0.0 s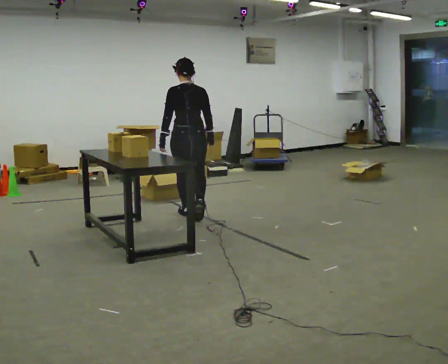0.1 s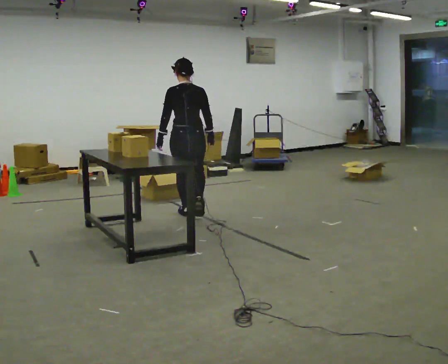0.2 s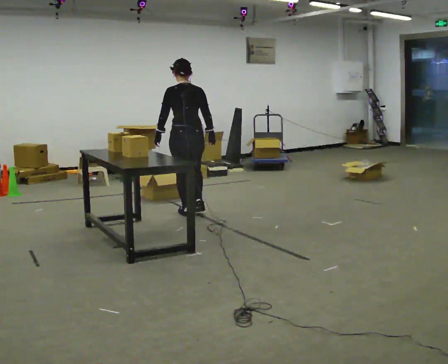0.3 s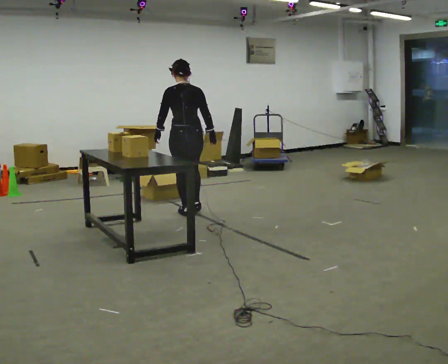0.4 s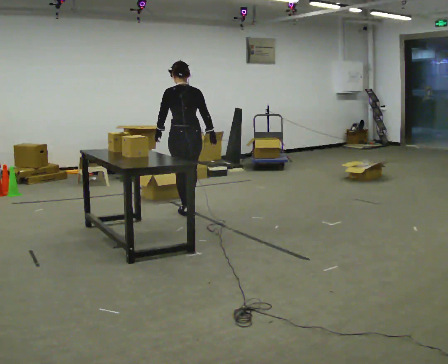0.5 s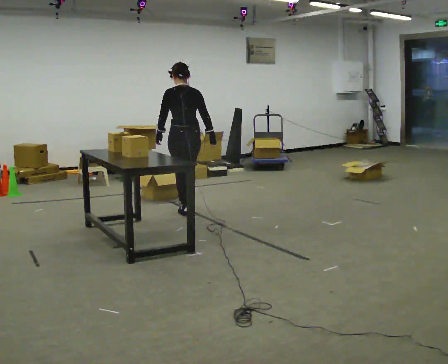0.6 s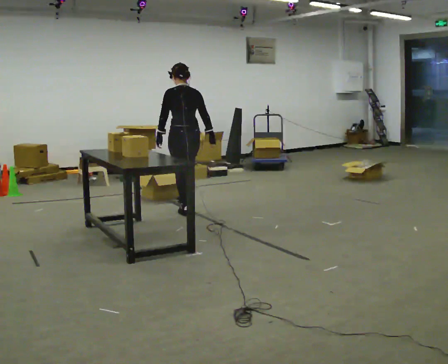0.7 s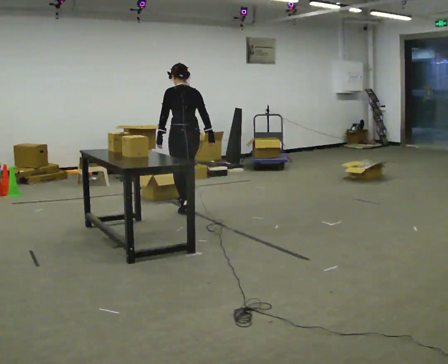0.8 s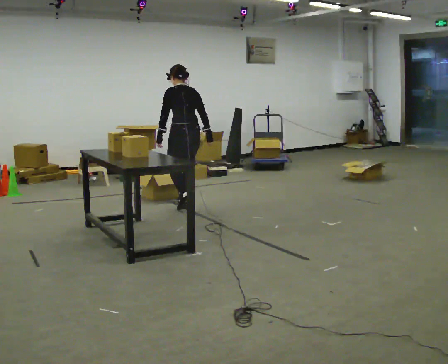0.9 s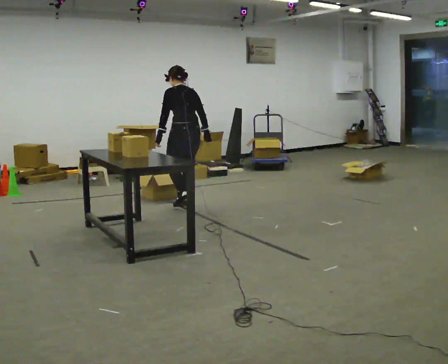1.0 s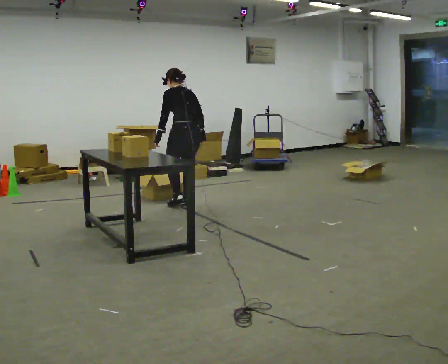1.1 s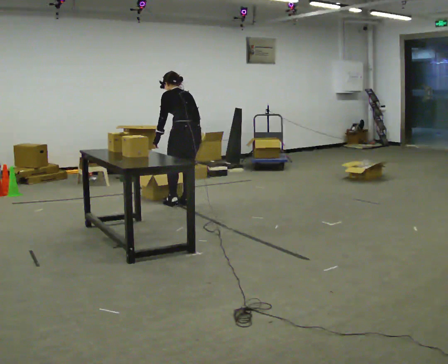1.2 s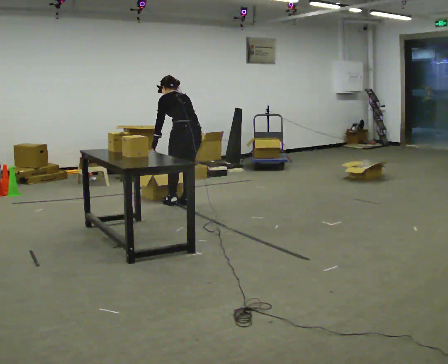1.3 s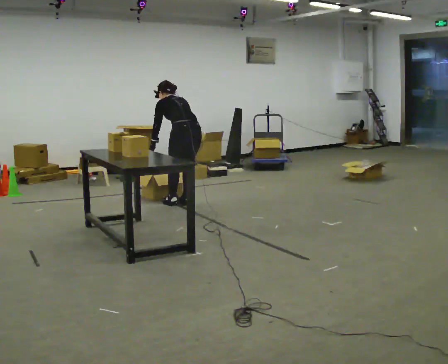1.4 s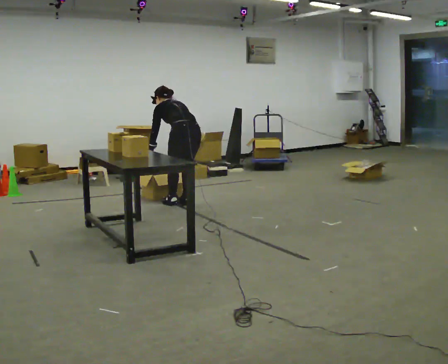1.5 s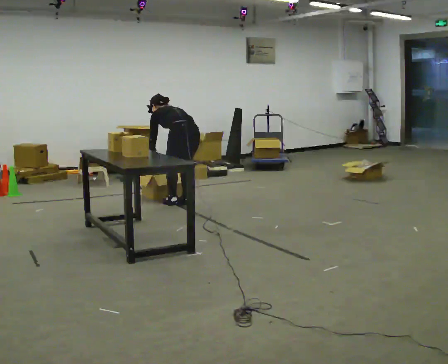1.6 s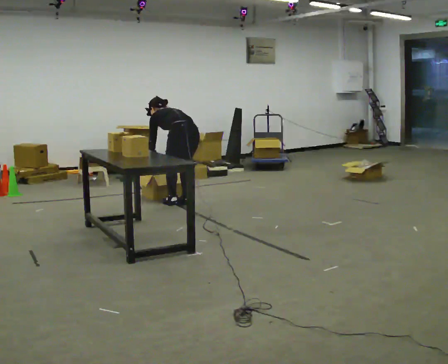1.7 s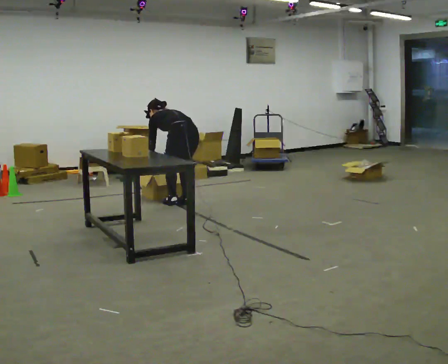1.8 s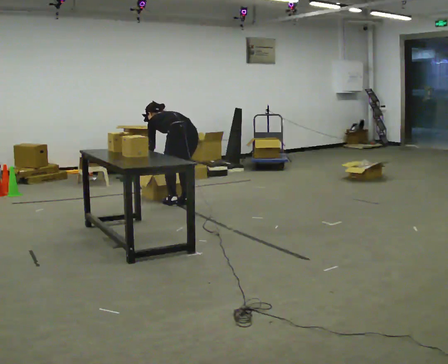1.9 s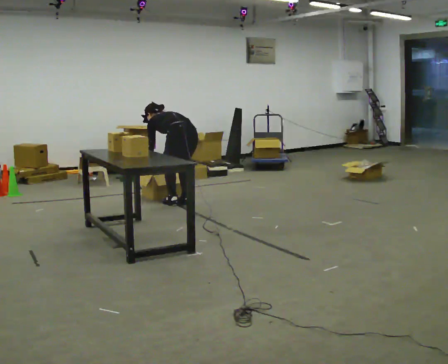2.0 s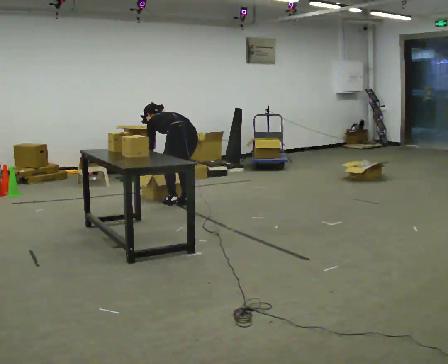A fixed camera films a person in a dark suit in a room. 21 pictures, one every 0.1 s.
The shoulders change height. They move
downward.
0.0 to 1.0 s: The part of the body nearest the lens slides to the right as the person turns to their left by about 30 degrees. In the picture they go away from the camera, about 0.5 m in 1 step, which for them is forward. The upper body tips away from the camera, its near side rolling upward, as they bend forward.
1.0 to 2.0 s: The upper body goes downward. In the picture the upper body tilts counterclockwise, shoulders to the left, as they bend forward. In the picture their right hand goes to the left and downward.
The film runs forward here.
